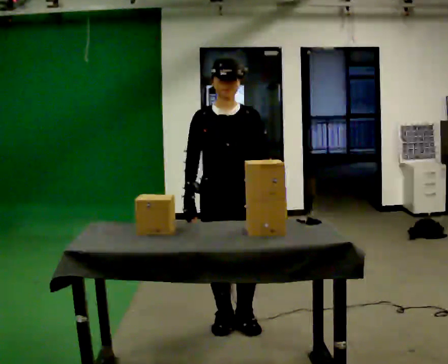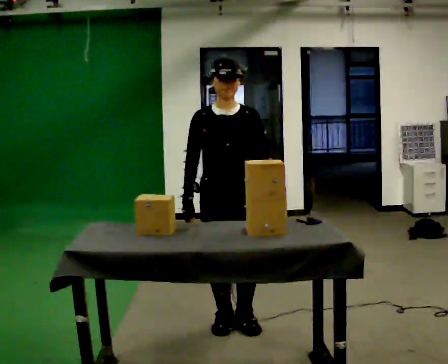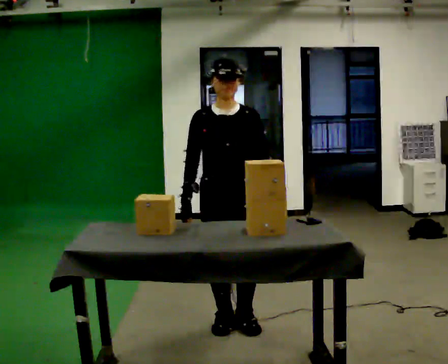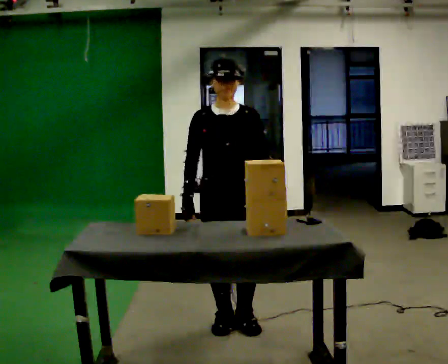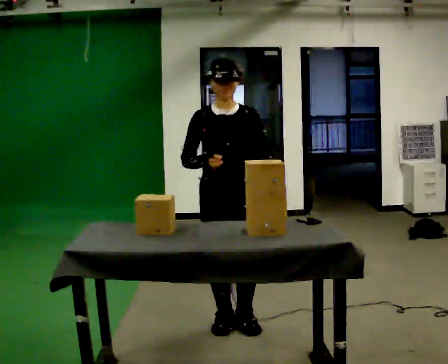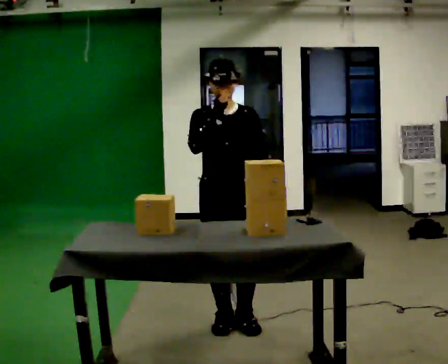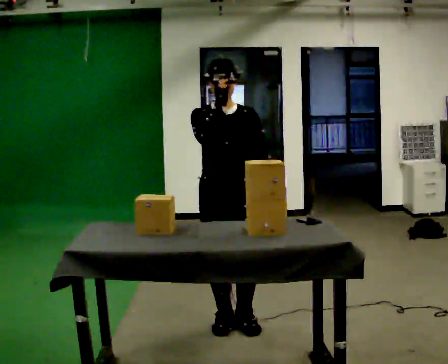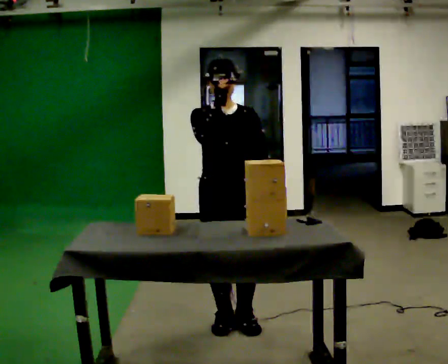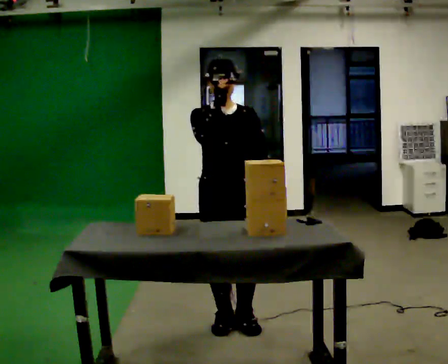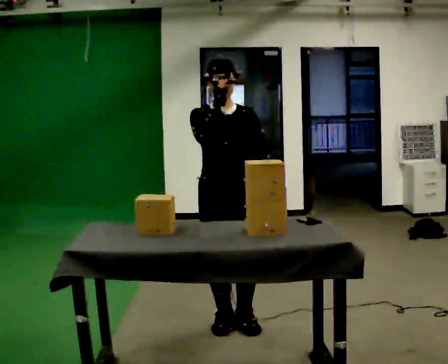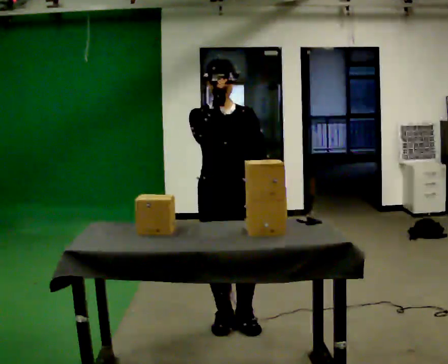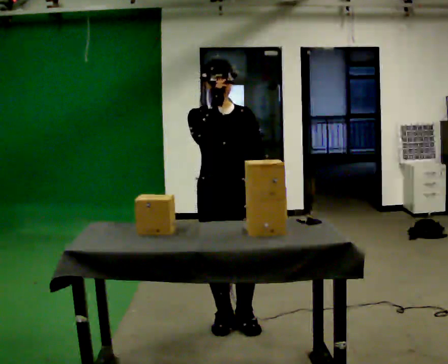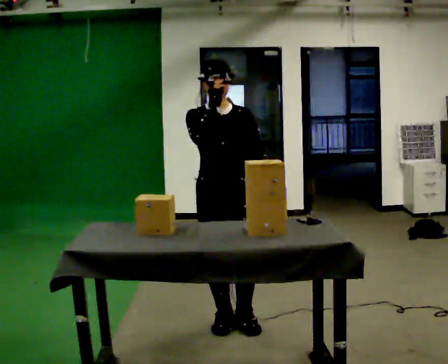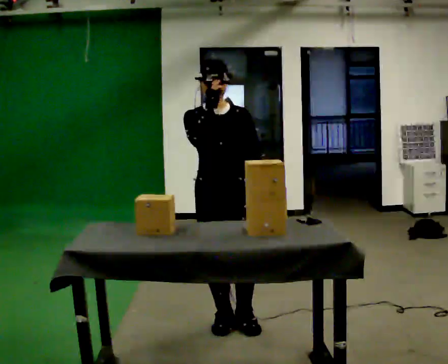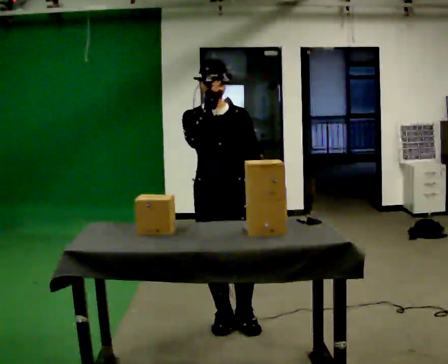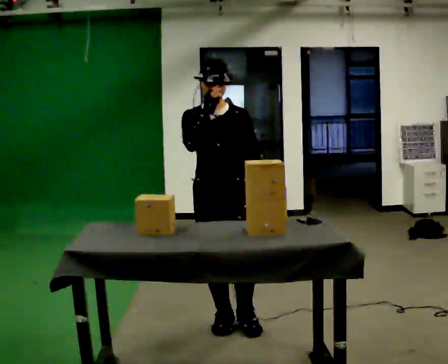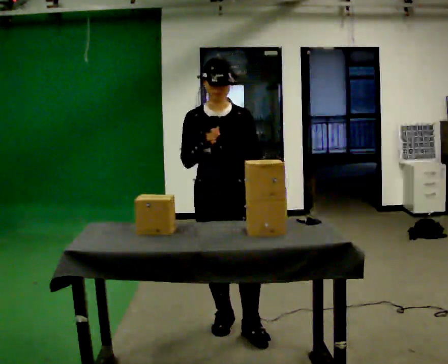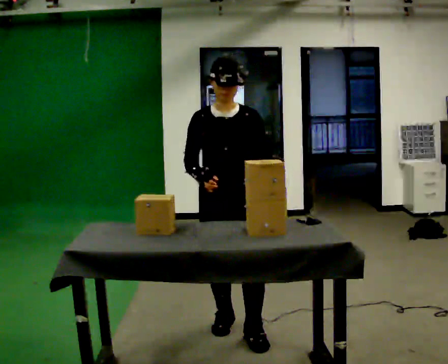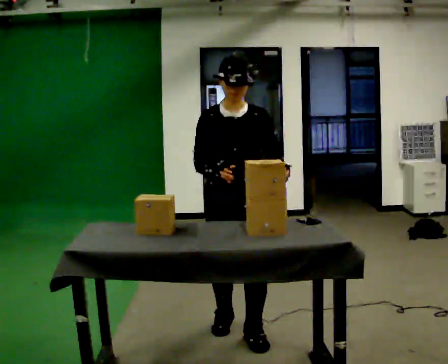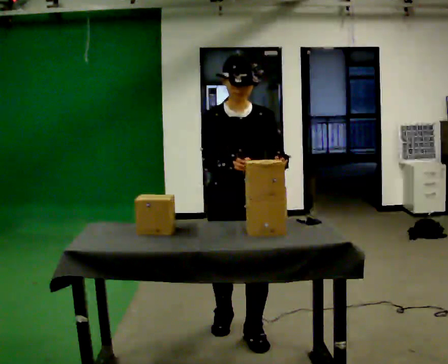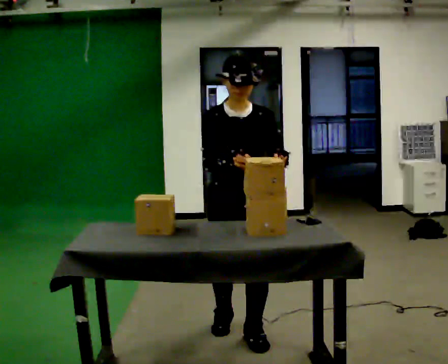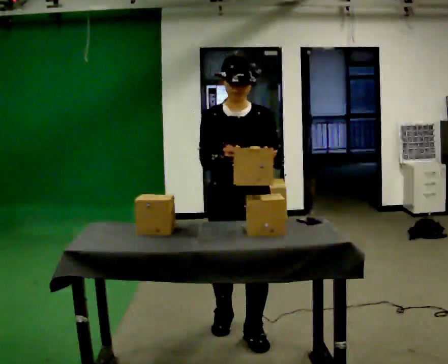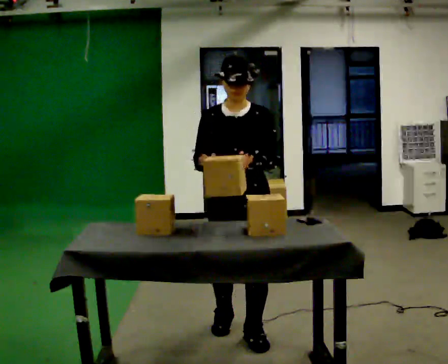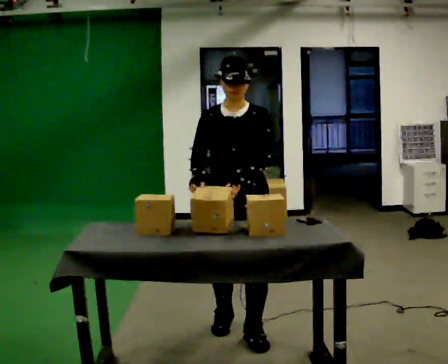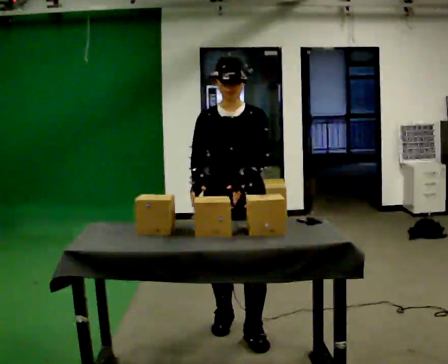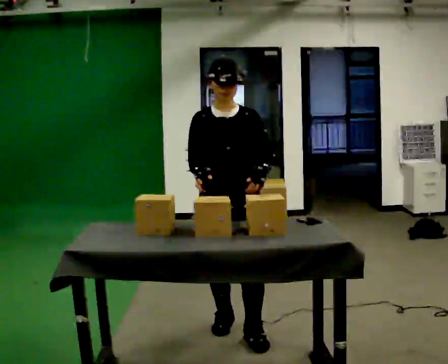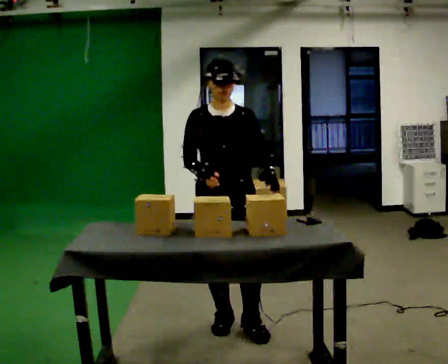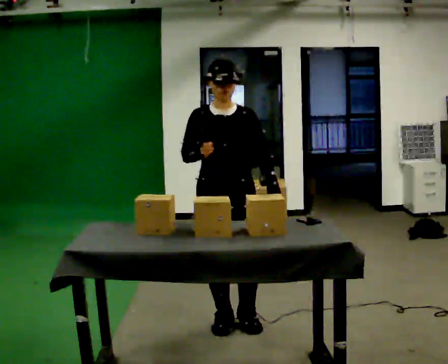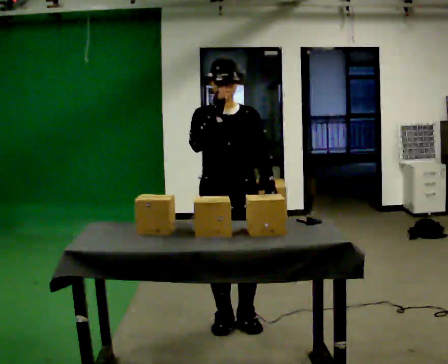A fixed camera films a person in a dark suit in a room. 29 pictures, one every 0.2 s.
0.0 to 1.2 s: In the picture their right hand goes upward.
1.2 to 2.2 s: The person keeps their place and pose.
2.2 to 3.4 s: In the picture their right hand goes downward.
3.4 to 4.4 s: The person moves a little, or ends about where they began.
4.4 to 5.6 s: In the picture they go away from the camera, about 0.25 m in 1 step, which for them is backward.
The film runs backward here.
